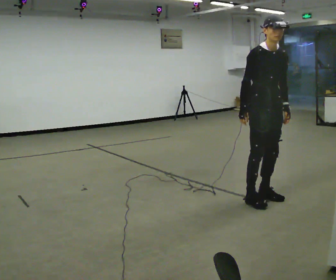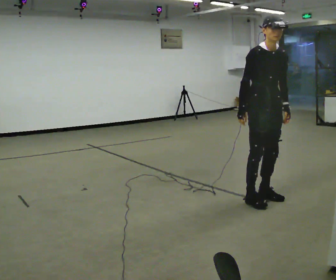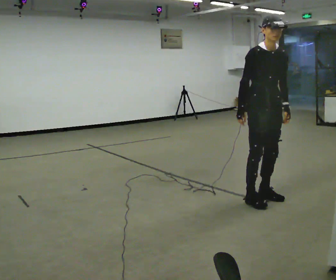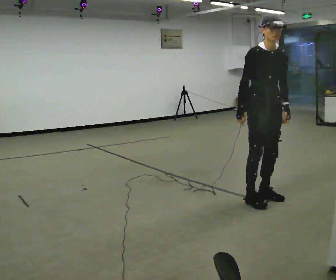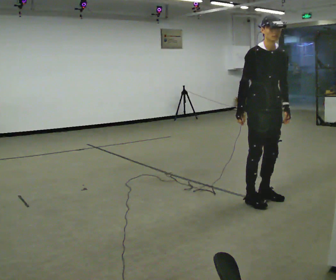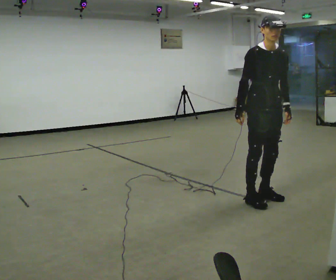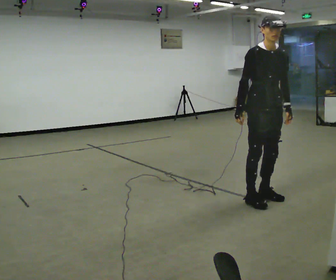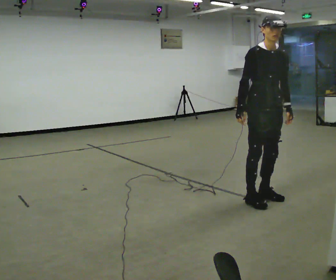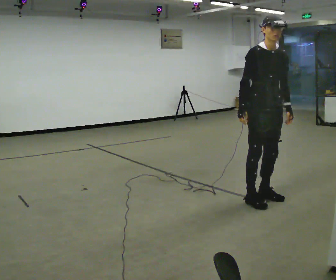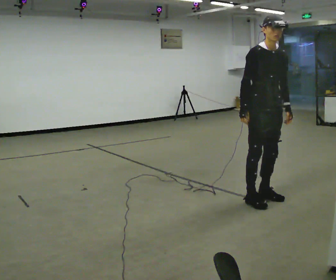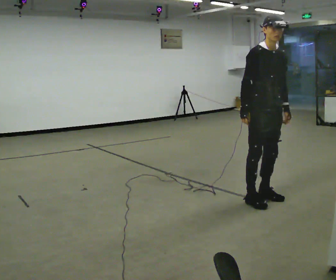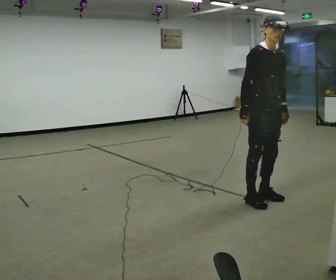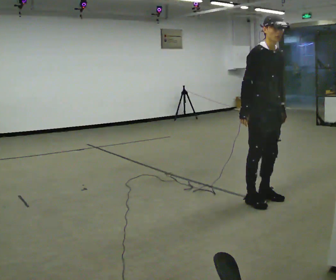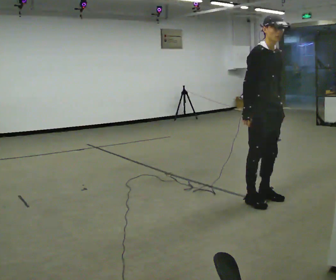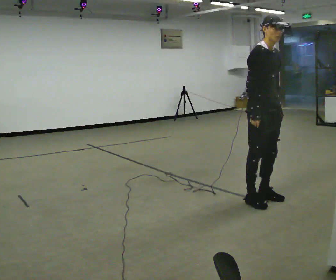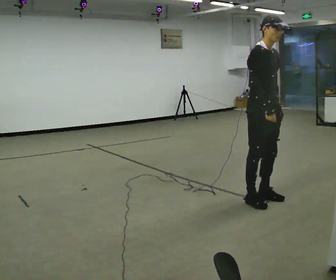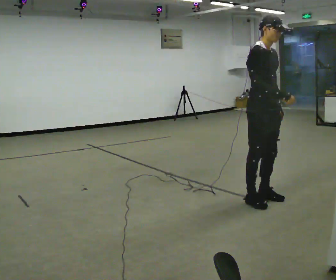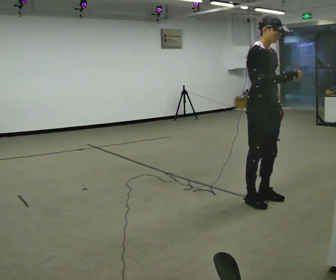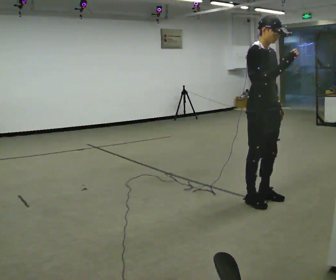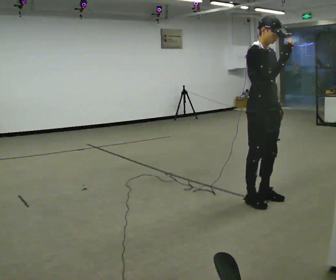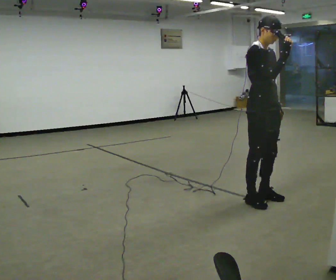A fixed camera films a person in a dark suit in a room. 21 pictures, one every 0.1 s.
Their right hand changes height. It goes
upward.
0.0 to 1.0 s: The person moves a little, or ends about where they began.
1.0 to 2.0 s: In the picture their right hand goes upward and to the right.
The film runs backward here.
